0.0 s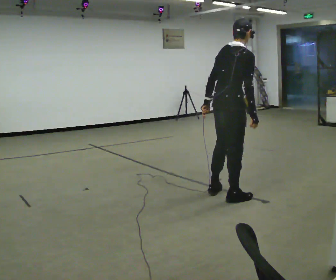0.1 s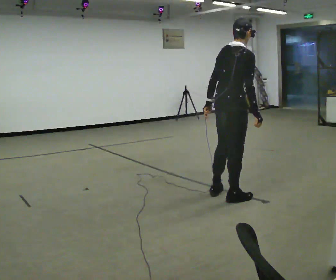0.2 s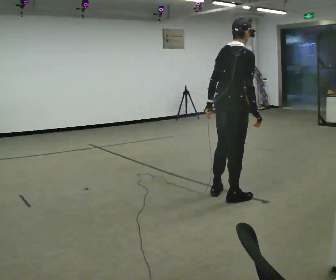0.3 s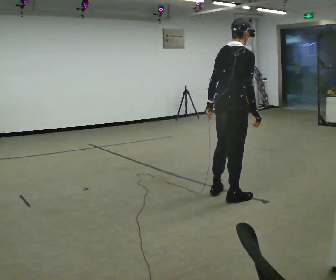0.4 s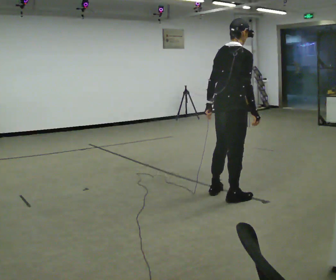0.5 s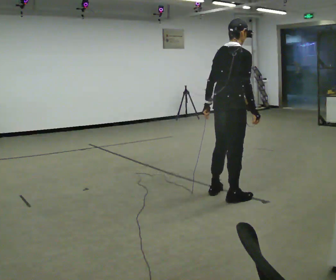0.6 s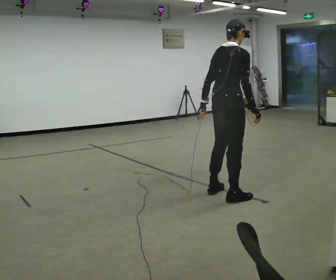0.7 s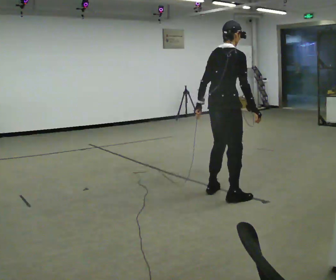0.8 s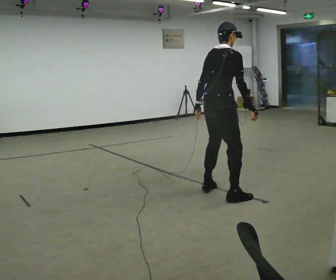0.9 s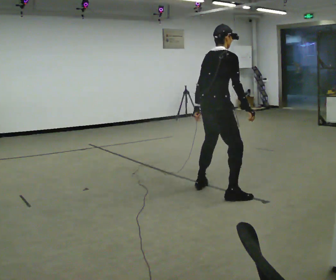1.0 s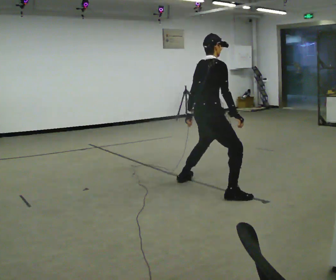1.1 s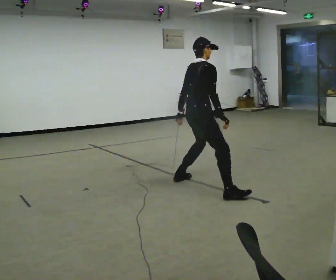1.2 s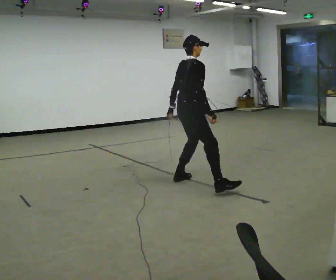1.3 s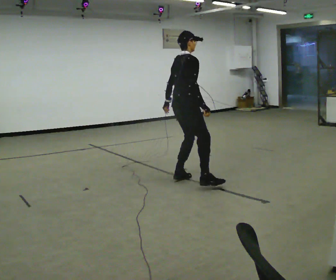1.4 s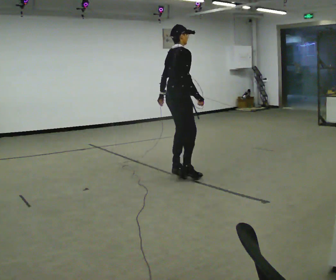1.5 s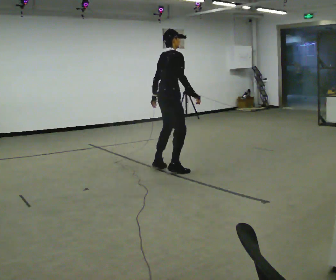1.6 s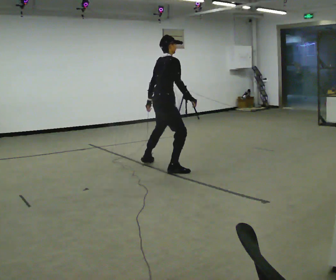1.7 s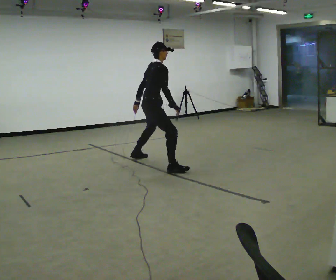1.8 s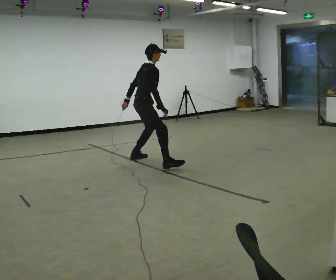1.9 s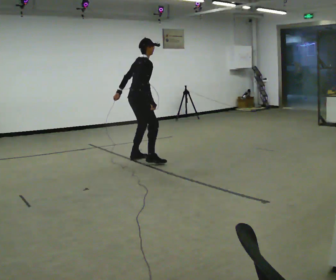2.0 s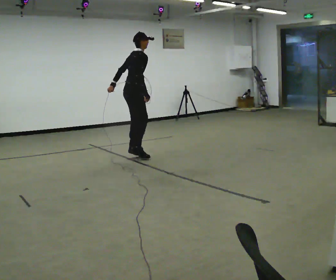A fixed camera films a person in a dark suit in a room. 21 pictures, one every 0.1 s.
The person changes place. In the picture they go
away from the camera.
0.0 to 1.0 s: In the picture they go away from the camera and to the left, about 0.25 m in 1 step, which for them is to their left.
1.0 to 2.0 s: In the picture they go away from the camera and to the left, about 2 m in 4 steps, which for them is to their left.
The film runs backward here.
